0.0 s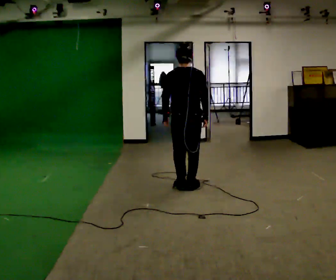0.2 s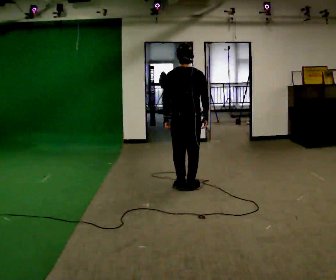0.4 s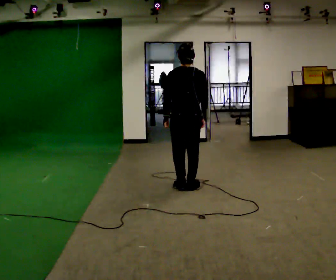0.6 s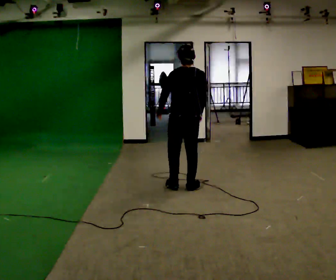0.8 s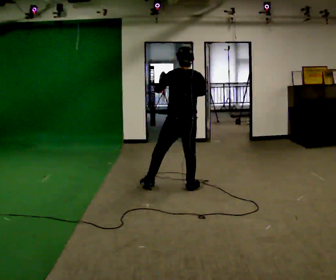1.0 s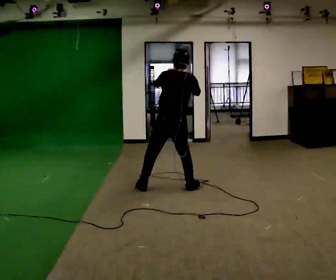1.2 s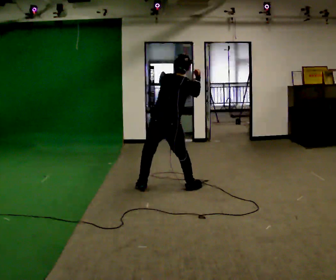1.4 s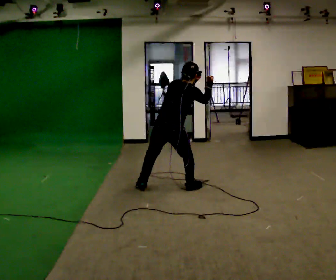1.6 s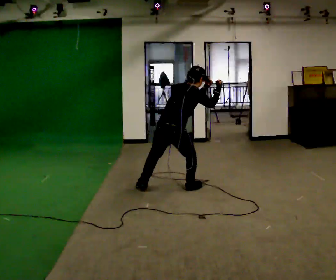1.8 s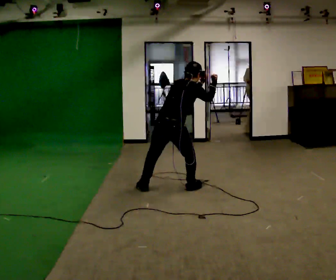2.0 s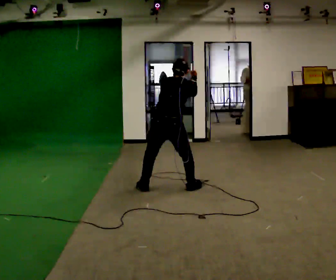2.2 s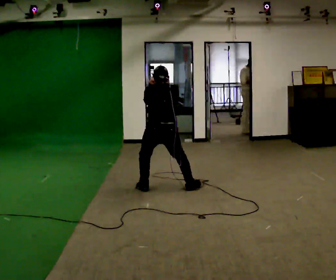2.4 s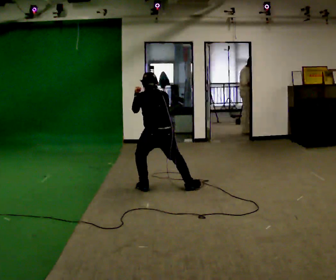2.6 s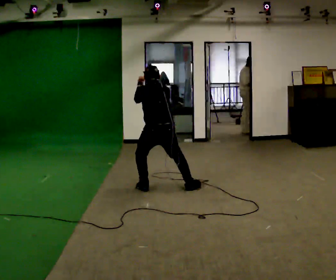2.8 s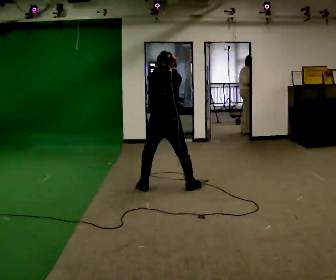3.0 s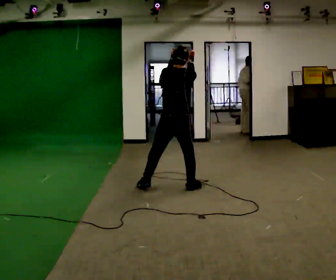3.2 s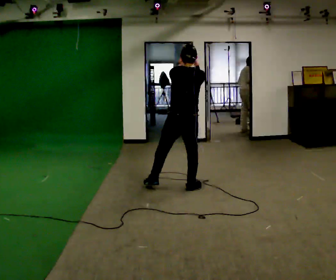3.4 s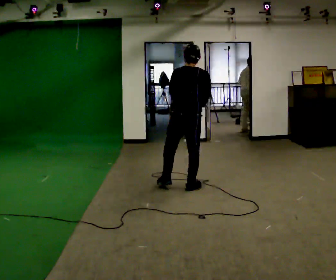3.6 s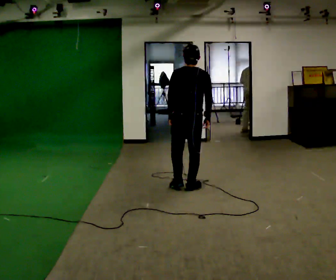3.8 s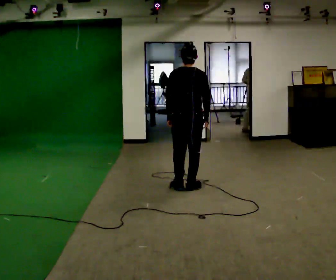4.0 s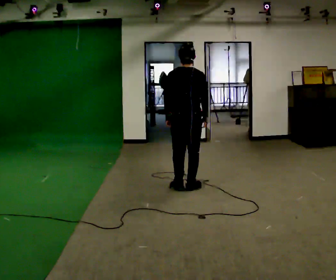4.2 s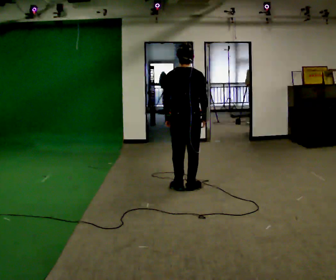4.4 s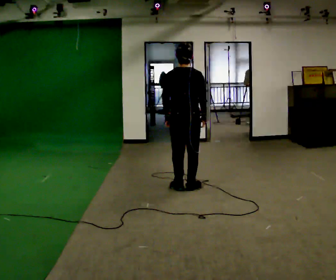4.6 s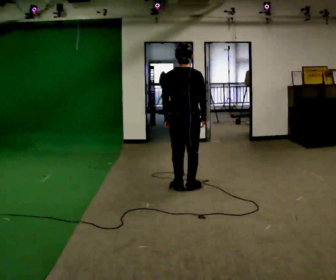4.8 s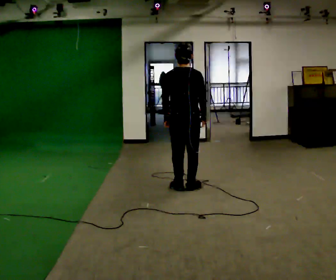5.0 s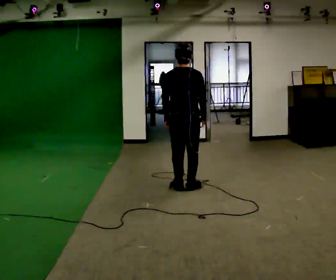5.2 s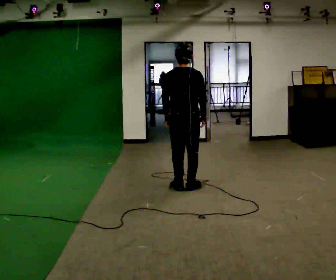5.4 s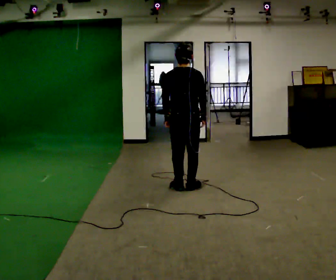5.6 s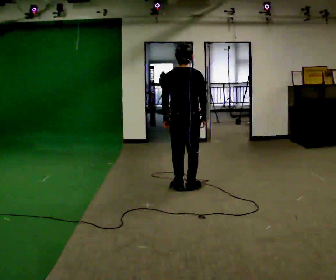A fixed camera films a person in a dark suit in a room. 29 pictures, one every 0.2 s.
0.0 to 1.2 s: In the picture they go to the left, about 0.25 m in 1 step, which for them is to their left. In the picture the upper body tilts clockwise, shoulders to the right. In the picture their left hand goes upward.
1.2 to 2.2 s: The upper body tips away from the camera, its near side rolling upward, as they bend forward. In the picture their right hand goes to the left.
2.2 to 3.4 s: In the picture they go to the right, about 0.25 m in 1 step, which for them is to their right. The upper body tips toward the camera, its near side rolling downward, as they lean back or straighten.
3.4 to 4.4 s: The person moves a little, or ends about where they began.
4.4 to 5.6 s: The person keeps their place and pose.
The film runs backward here.
